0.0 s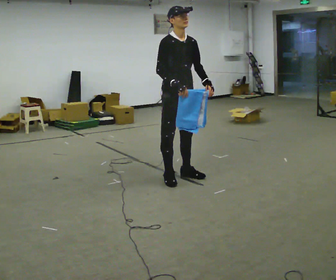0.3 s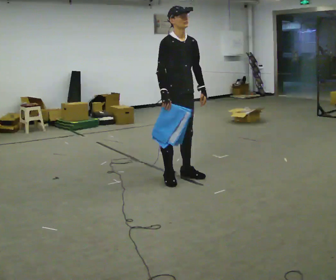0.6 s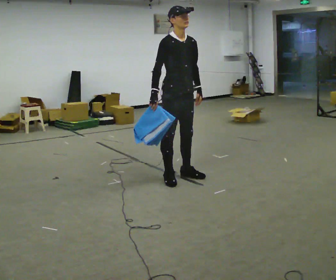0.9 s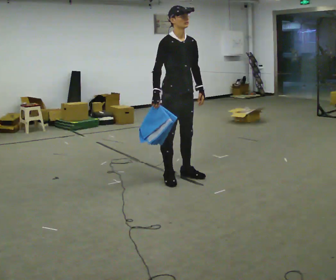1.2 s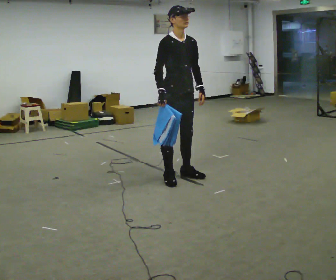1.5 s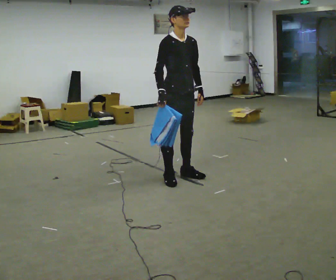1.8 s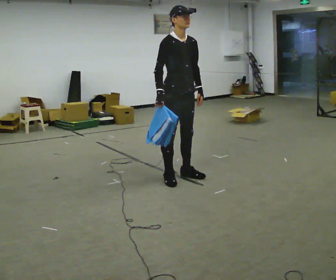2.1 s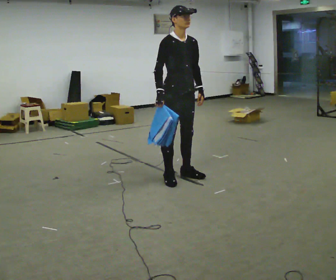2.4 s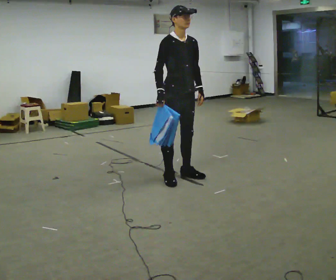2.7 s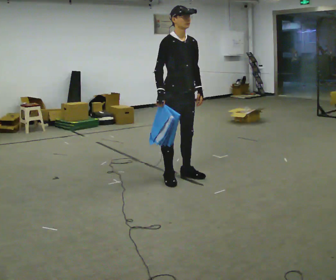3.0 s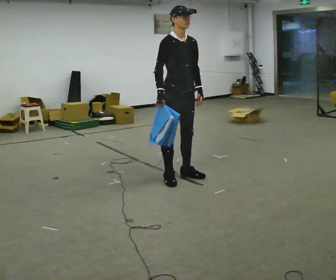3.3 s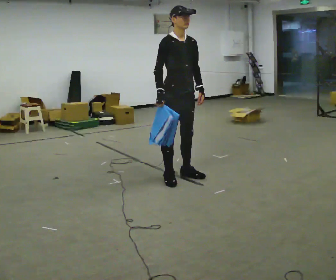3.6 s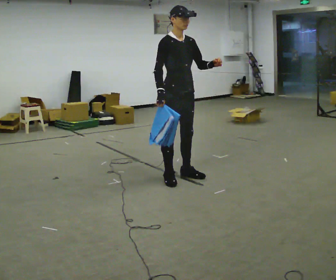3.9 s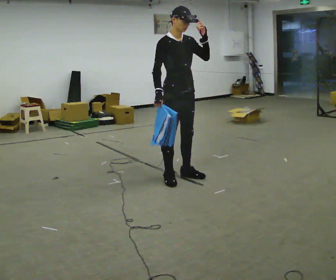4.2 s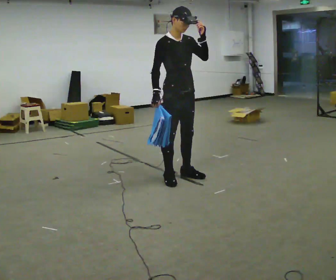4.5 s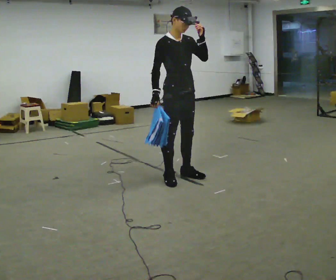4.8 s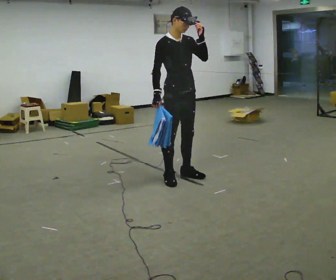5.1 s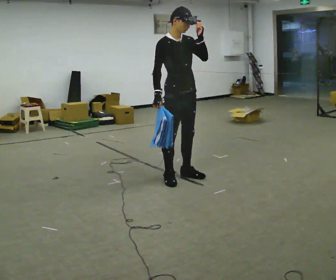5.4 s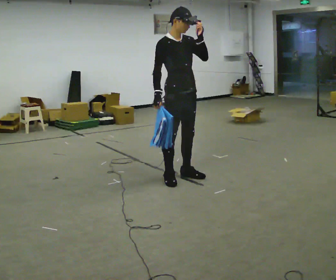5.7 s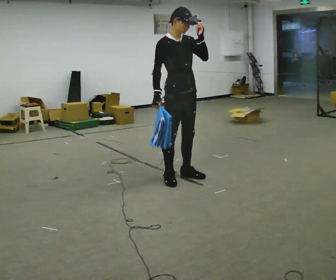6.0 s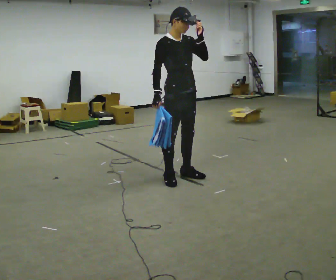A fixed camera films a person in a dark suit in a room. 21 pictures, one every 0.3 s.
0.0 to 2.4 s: The person moves a little, or ends about where they began.
2.4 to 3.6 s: In the picture their left hand goes upward, the arm swinging counterclockwise.
3.6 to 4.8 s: The person moves a little, or ends about where they began.
4.8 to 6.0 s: The person keeps their place and pose.
The film runs forward here.
